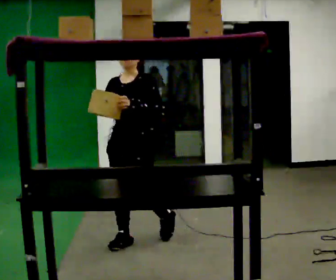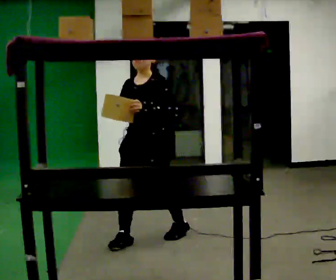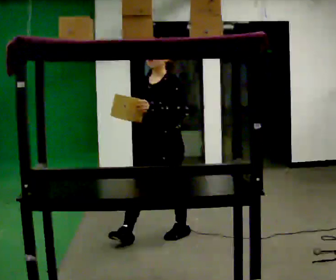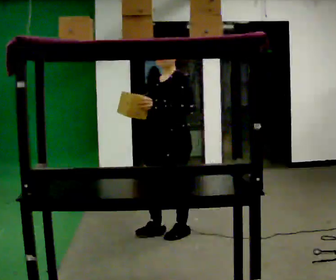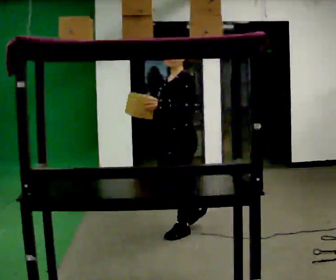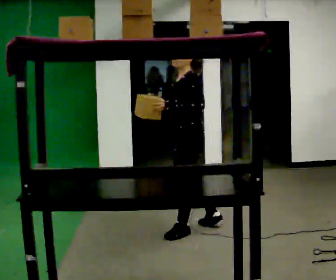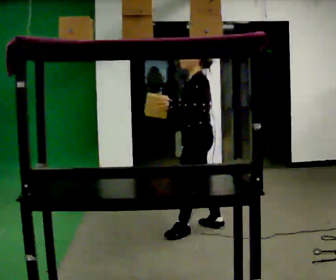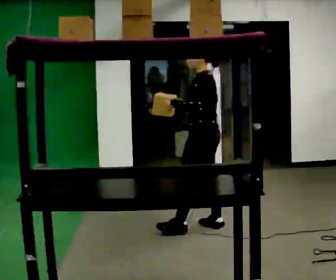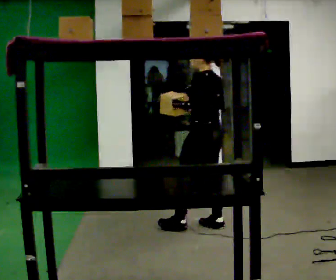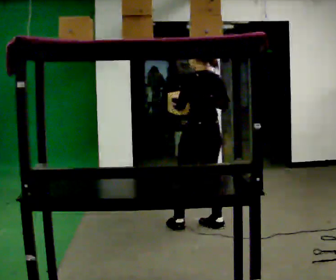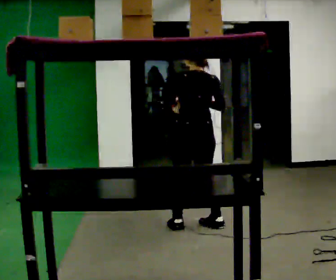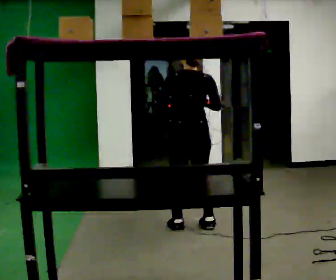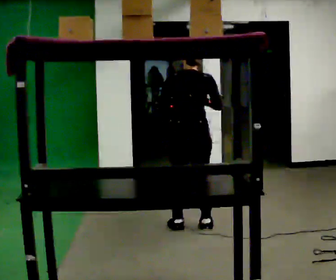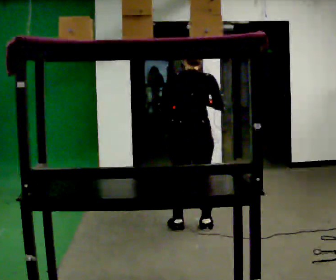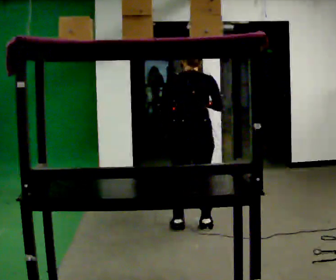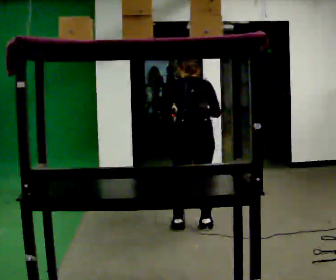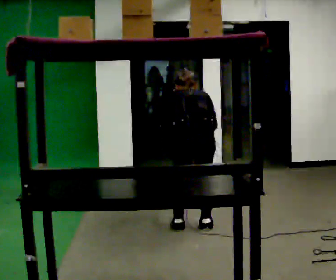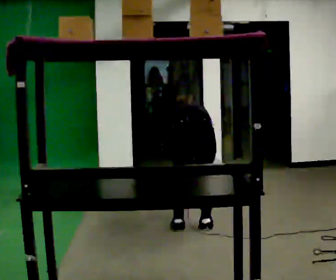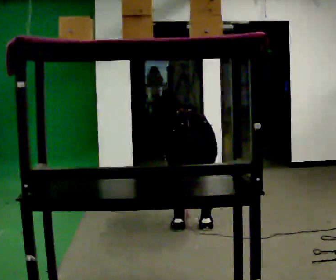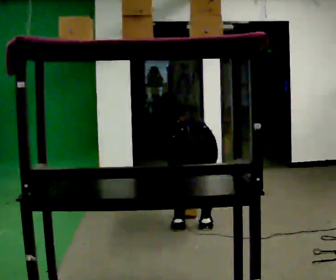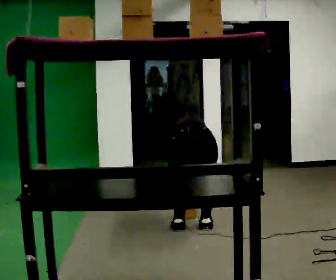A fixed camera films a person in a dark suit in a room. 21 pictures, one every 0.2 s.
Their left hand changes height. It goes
downward.
The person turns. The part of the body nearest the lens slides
to the left.
0.0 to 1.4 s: The part of the body nearest the lens slides to the left as the person turns to their right by about 75 degrees. In the picture they go to the right and away from the camera, about 0.5 m in 1 step.
1.4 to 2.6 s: The part of the body nearest the lens slides to the left as the person turns to their right by about 75 degrees.
2.6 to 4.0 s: The upper body goes downward. The upper body tips away from the camera, its near side rolling upward, as they bend forward. In the picture their right hand goes downward.
The film runs backward here.
